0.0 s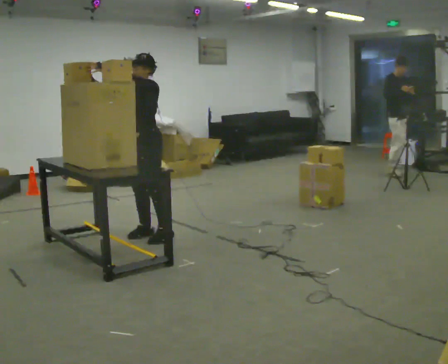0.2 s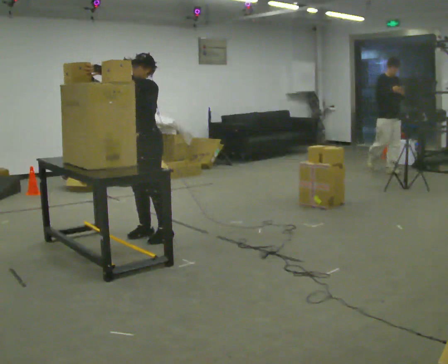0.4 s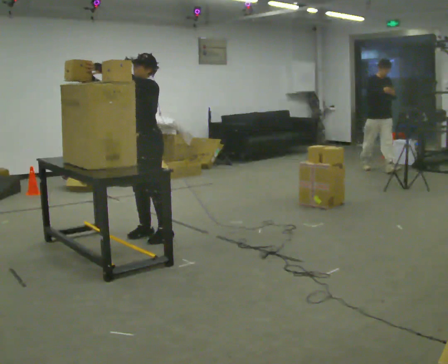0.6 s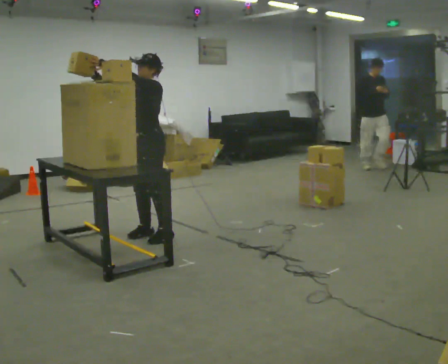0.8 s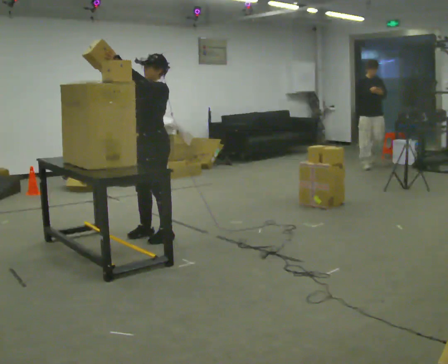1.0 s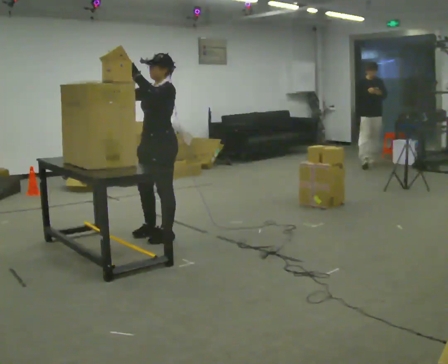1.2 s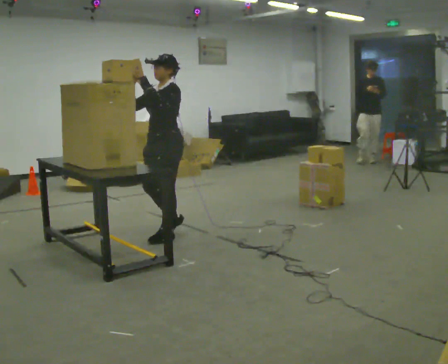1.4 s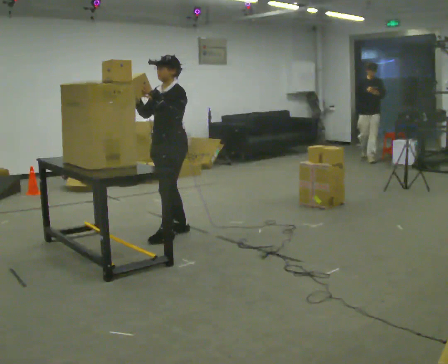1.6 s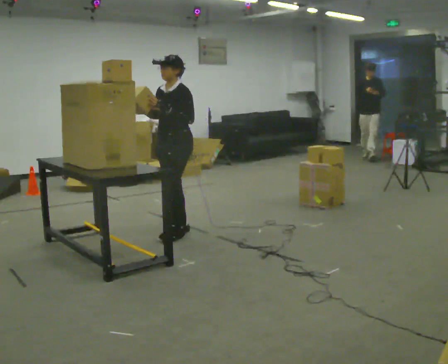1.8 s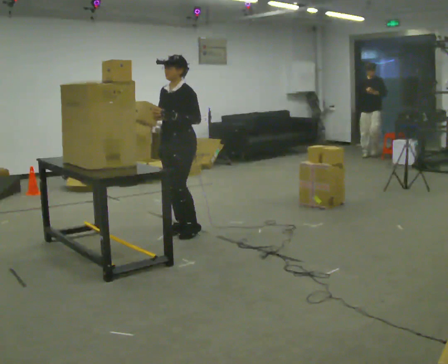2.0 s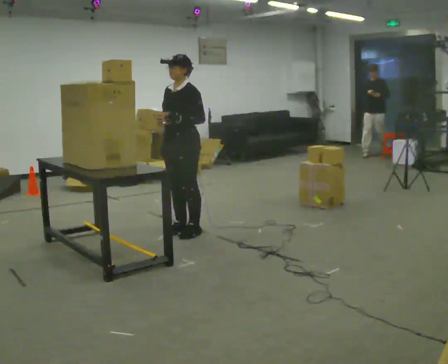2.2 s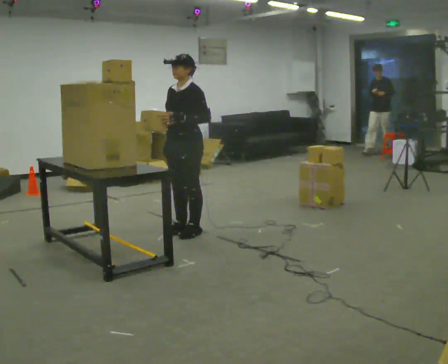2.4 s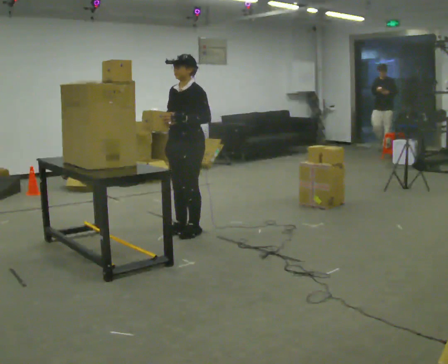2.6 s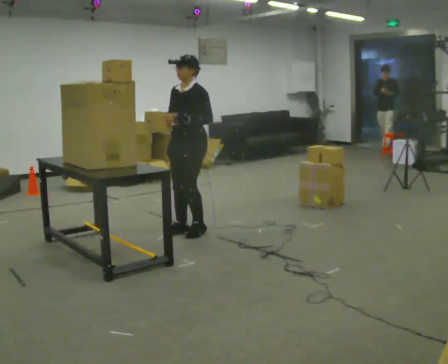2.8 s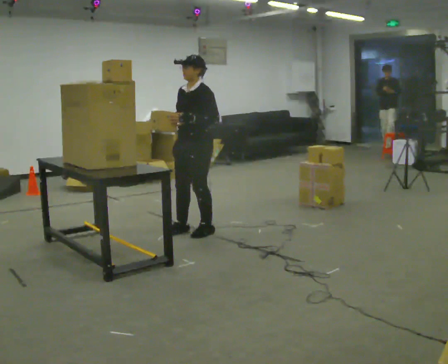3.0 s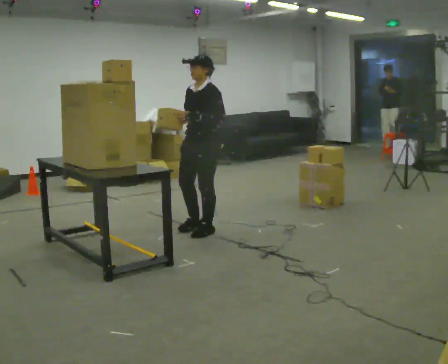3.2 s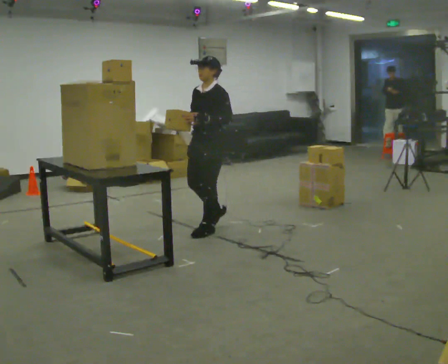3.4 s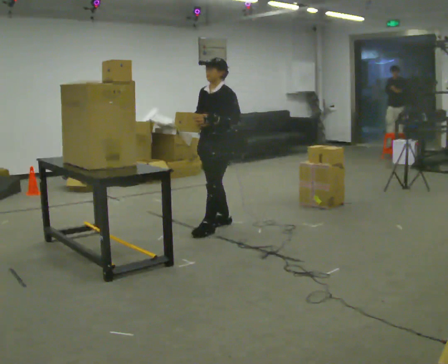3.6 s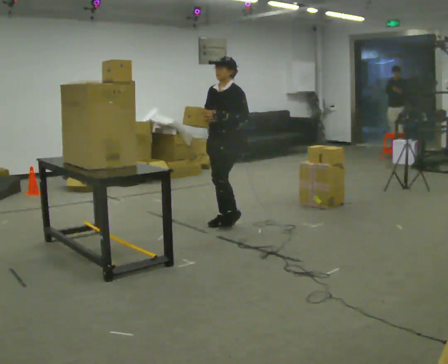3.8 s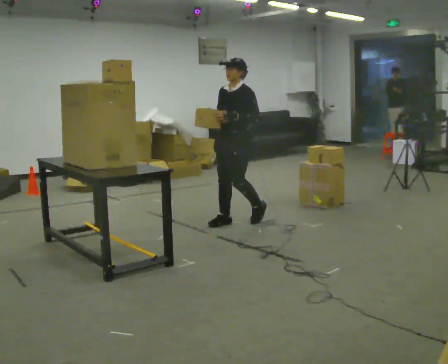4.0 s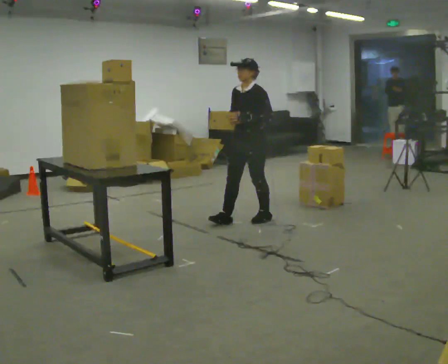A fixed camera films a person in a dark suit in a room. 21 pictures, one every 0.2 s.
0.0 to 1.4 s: In the picture they go to the right, about 0.25 m in 1 step, which for them is backward. In the picture their left hand goes to the right.
1.4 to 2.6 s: In the picture they go to the right, about 0.25 m in 1 step, which for them is backward.
2.6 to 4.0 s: In the picture they go to the right and away from the camera, about 0.75 m in 2 steps, which for them is backward.
The film runs backward here.
